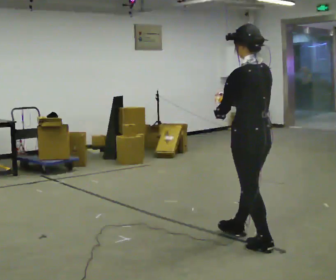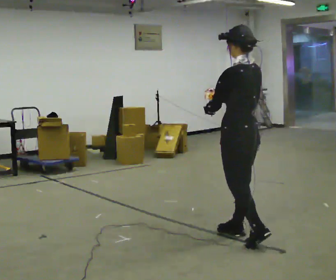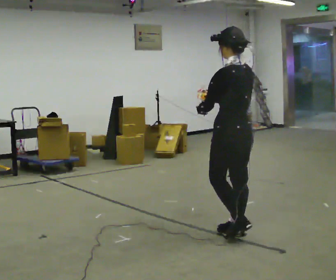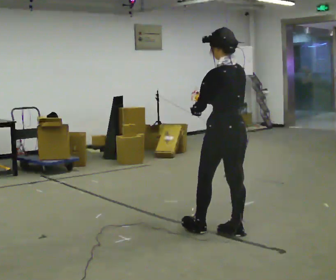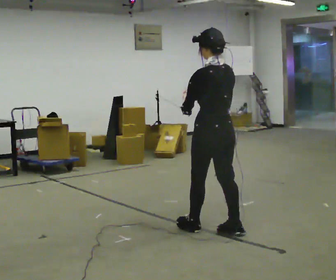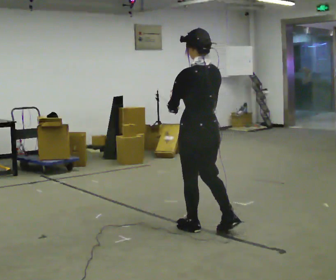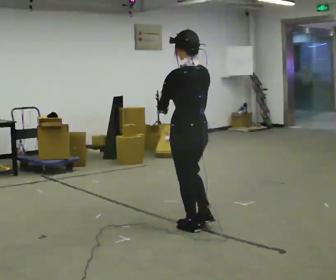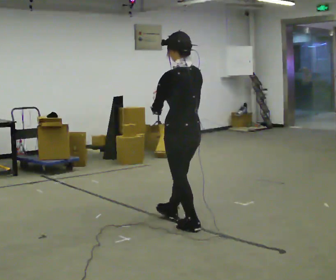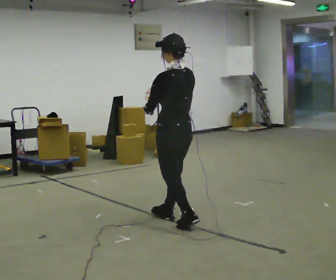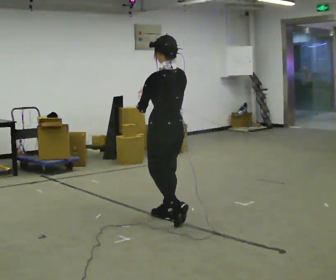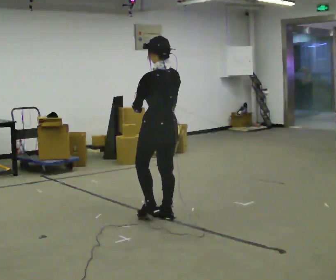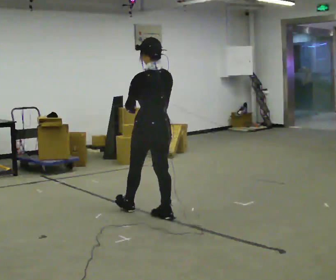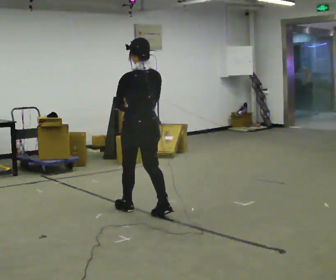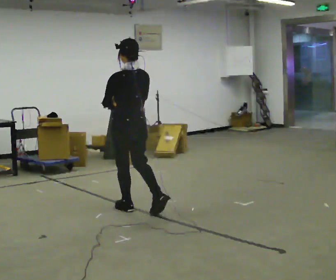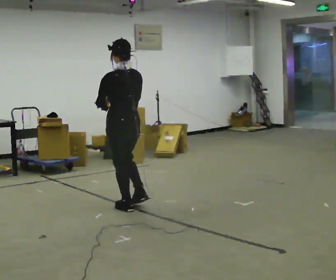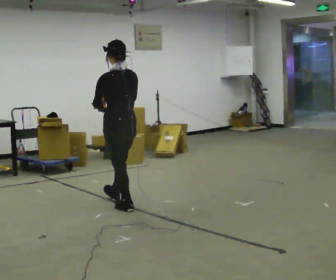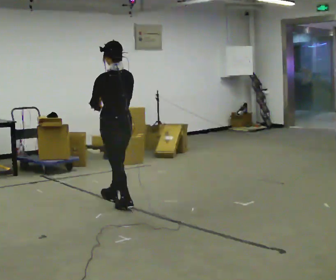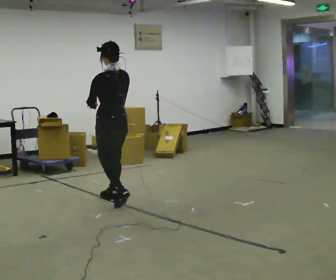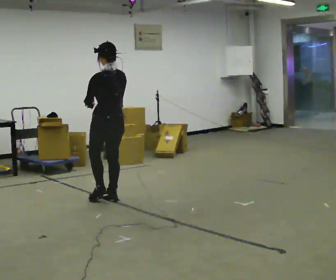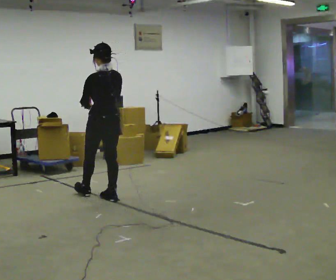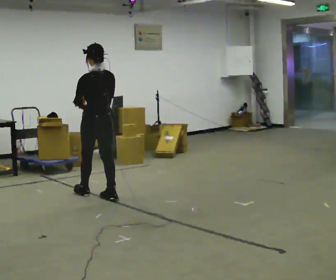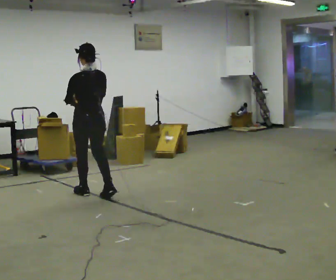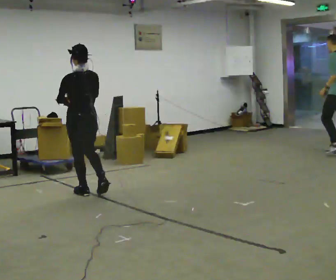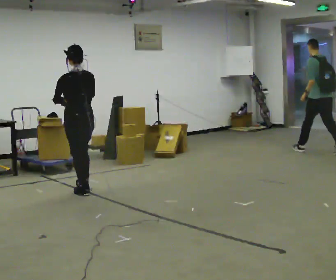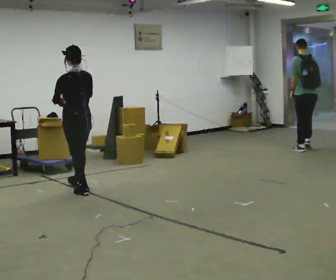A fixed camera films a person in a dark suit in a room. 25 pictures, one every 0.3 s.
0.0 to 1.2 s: In the picture they go away from the camera and to the left, about 0.5 m in 1 step, which for them is forward.
1.2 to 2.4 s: In the picture they go away from the camera and to the left, about 0.5 m in 1 step, which for them is forward.
2.4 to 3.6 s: In the picture they go away from the camera and to the left, about 0.5 m in 1 step, which for them is forward.
3.6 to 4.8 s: In the picture they go away from the camera and to the left, about 0.5 m in 1 step, which for them is forward.
4.8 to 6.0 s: In the picture they go away from the camera and to the left, about 0.25 m in 1 step, which for them is forward.
6.0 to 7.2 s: In the picture they go away from the camera and to the left, about 0.25 m in 1 step, which for them is forward.
The film runs forward here.
